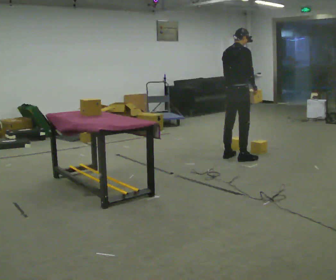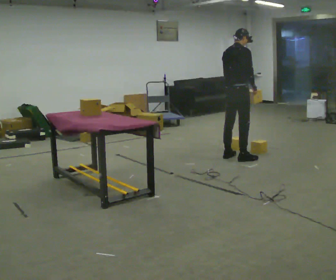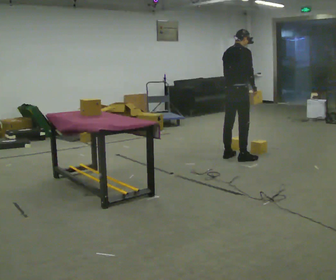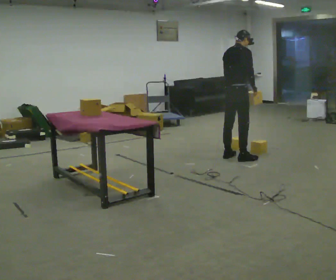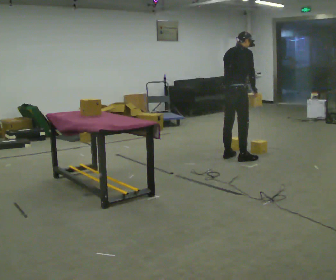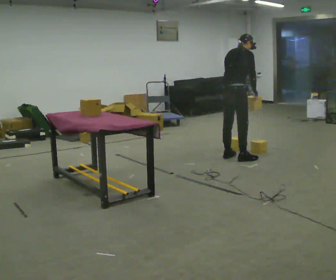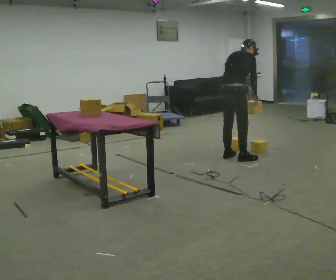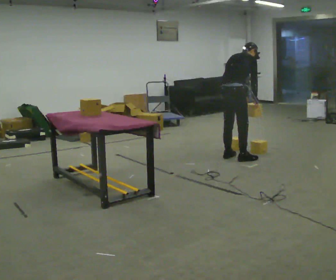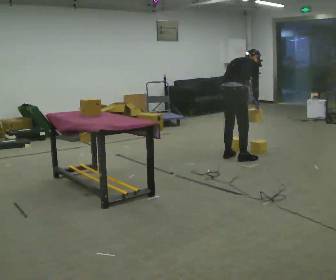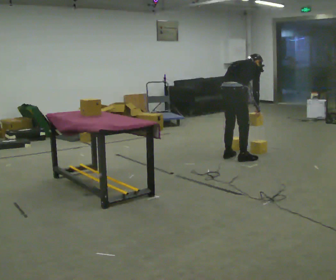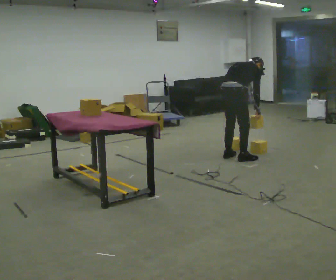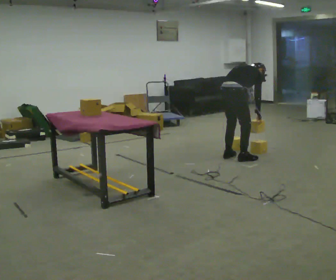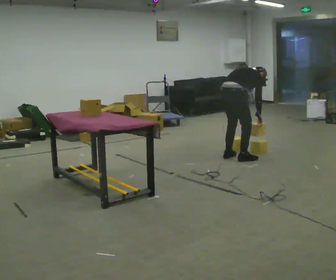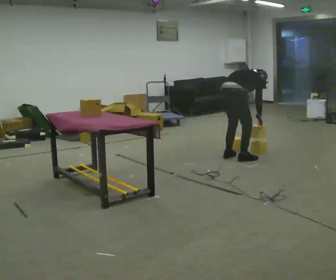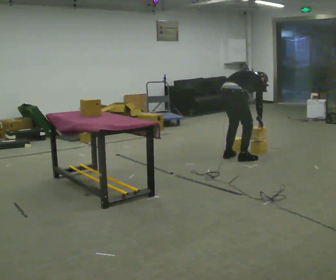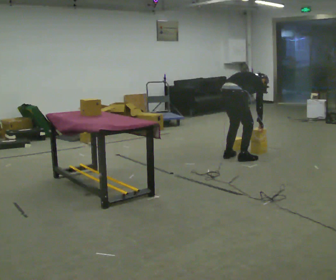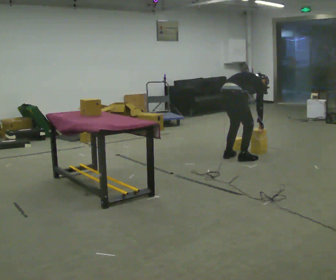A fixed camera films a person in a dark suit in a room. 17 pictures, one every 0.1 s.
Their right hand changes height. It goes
downward.
The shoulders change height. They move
downward.
0.0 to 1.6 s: The upper body goes downward. In the picture the upper body tilts clockwise, shoulders to the right, as they bend forward. In the picture their left hand goes downward.
The film runs backward here.
